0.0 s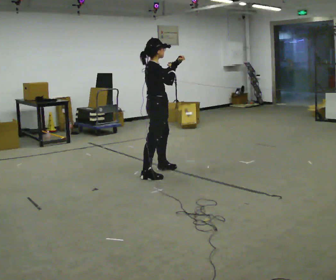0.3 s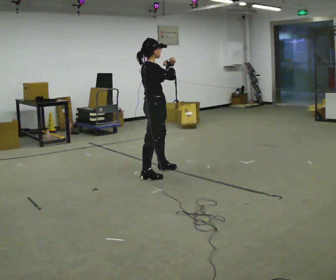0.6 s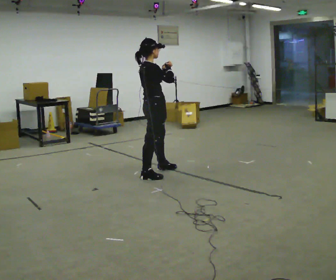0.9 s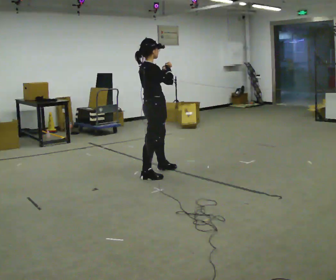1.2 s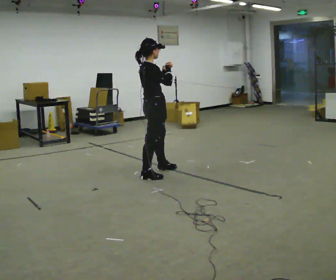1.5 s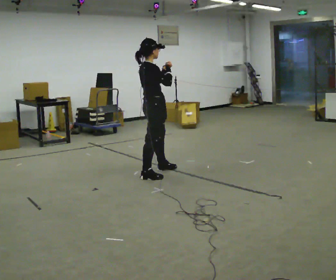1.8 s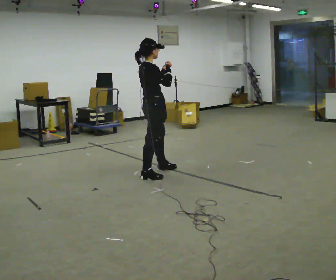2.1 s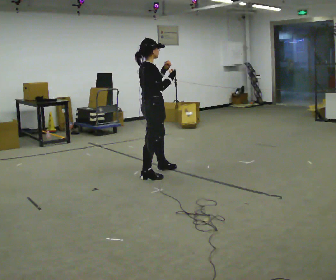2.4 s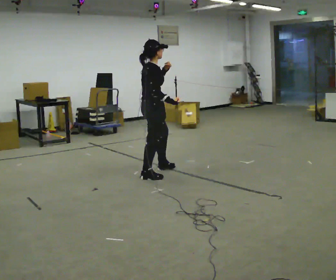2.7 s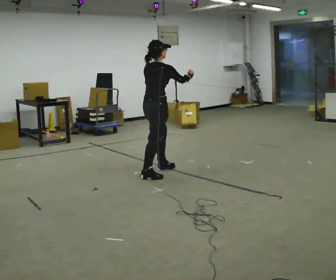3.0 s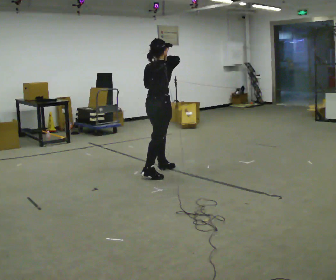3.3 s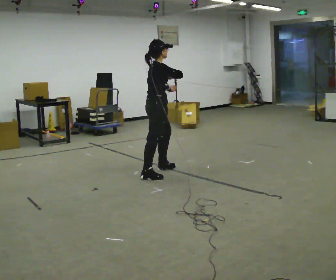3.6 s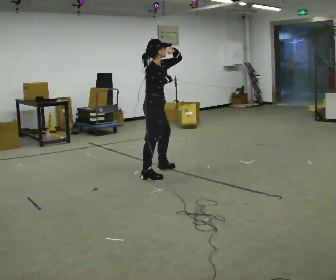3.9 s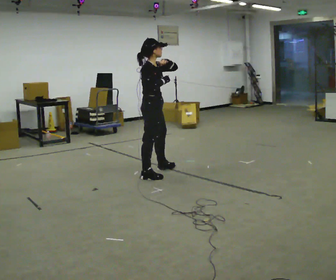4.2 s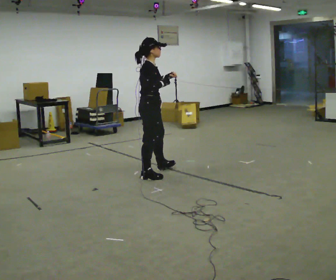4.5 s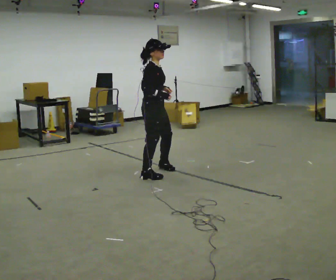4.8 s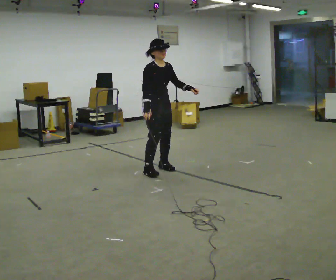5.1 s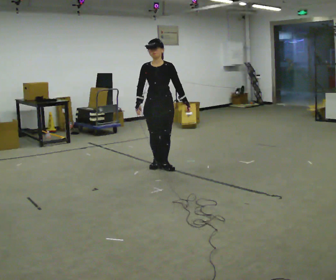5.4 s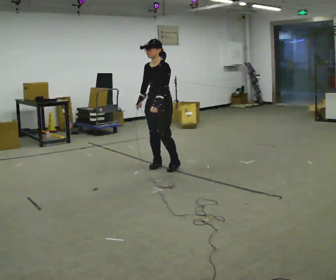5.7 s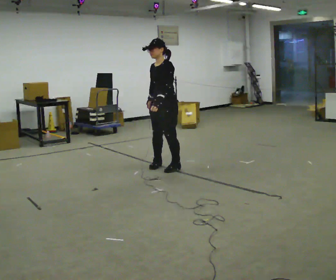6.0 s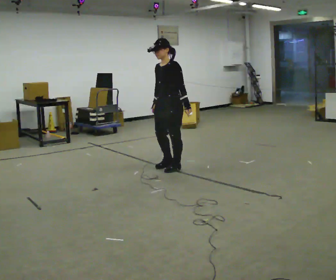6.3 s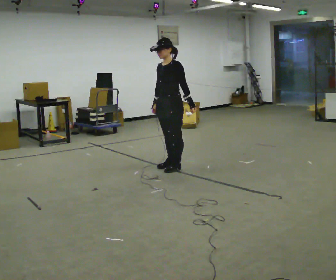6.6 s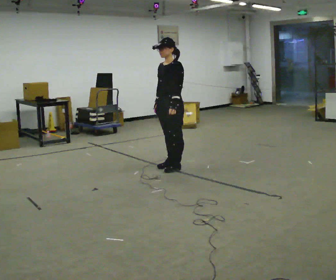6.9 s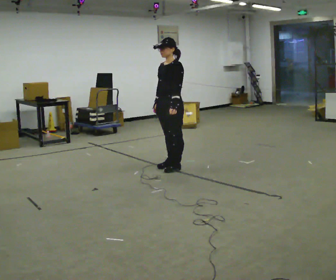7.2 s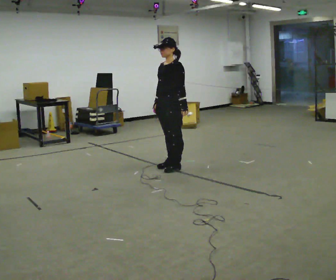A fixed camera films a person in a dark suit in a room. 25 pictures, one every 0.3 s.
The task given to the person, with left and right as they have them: Mimic boxing into the air at moderate speed with both hands, moving your feet only a little. Stay controlled; do not punch at full speed.
0.0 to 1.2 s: The person moves a little, or ends about where they began.
1.2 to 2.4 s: In the picture their right hand goes downward.
2.4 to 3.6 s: Seen from above the body turns clockwise, about 30 degrees: to their right, with its near side sliding to the left.
3.6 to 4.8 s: Seen from above the body turns clockwise, about 45 degrees: to their right, with its near side sliding to the left. In the picture they go away from the camera, about 0.25 m, which for them is to their left. In the picture their left hand goes downward.
4.8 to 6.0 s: Seen from above the body turns clockwise, about 90 degrees: to their right, with its near side sliding to the left. In the picture they go to the right, about 0.25 m in 2 steps.
6.0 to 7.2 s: The person moves a little, or ends about where they began.
The film runs forward here.
